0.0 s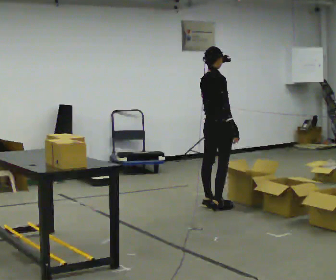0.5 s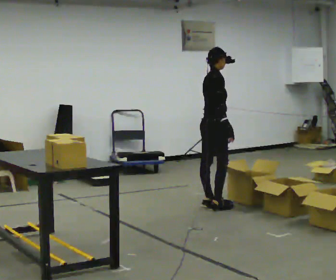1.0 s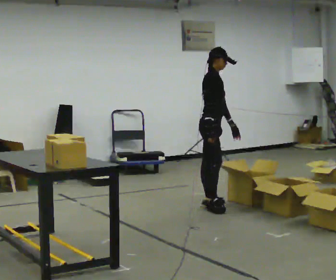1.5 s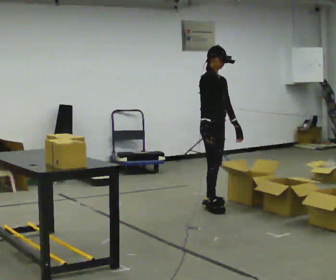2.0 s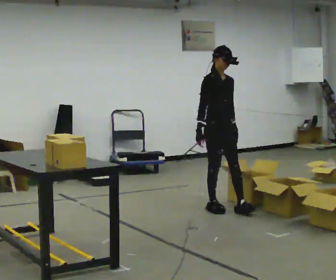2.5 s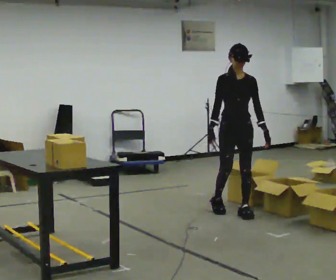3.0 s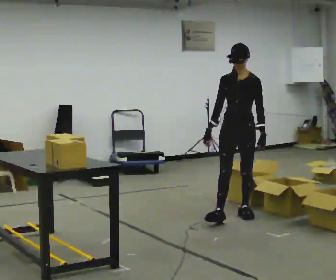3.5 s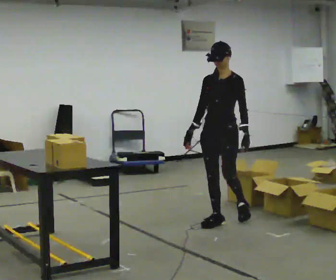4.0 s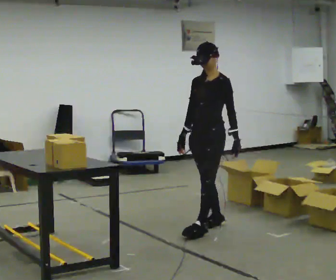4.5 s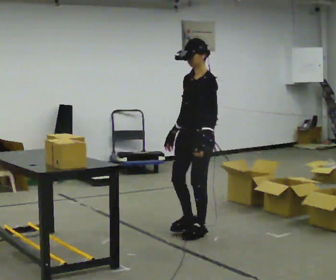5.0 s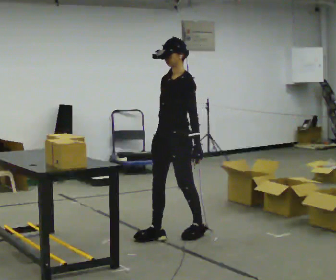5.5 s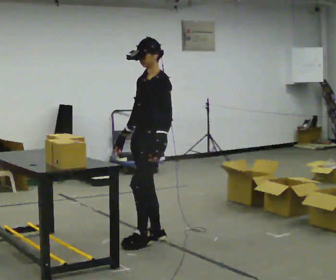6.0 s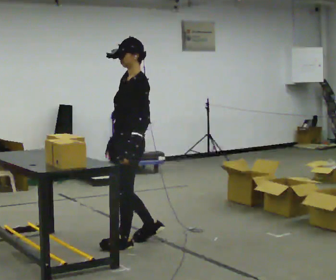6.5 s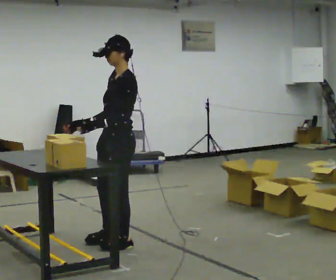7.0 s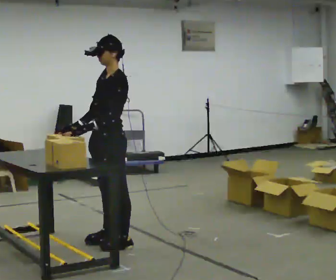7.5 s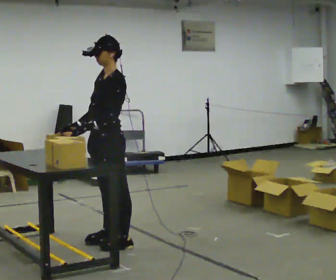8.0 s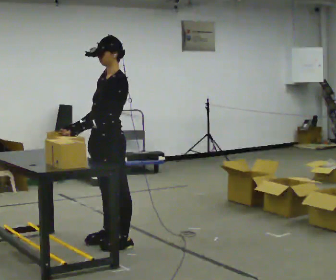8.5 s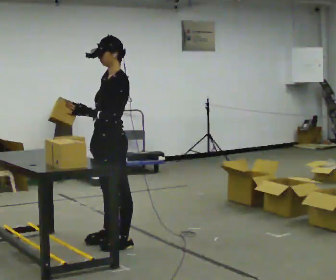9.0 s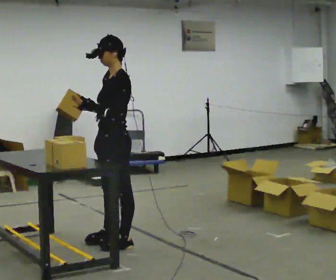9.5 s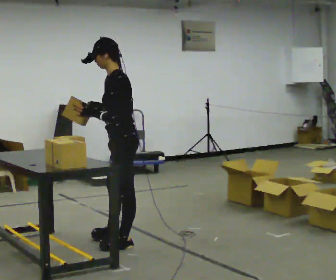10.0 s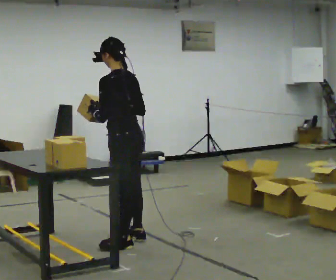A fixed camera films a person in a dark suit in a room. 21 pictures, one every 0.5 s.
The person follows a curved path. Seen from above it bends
clockwise.
The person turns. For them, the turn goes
to their right.
0.0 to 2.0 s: Seen from above the body turns clockwise, about 90 degrees: to their right, with its near side sliding to the left. In the picture they go toward the camera, about 0.25 m. In the picture their right hand goes to the left.
2.0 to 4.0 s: The part of the body nearest the lens slides to the left as the person turns to their right by about 75 degrees. In the picture they go toward the camera, about 0.5 m in 3 steps.
4.0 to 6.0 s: The person turns about 30 degrees to their right, clockwise seen from above, so the part of the body nearest the lens slides to the left. In the picture they go to the left and toward the camera, about 1 m in 2 steps, which for them is forward.
6.0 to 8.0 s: In the picture they go to the left, about 0.25 m in 1 step, which for them is forward. In the picture their left hand goes to the left.
8.0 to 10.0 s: The part of the body nearest the lens slides to the left as the person turns to their right by about 60 degrees. In the picture their right hand goes to the right.
The film runs forward here.
